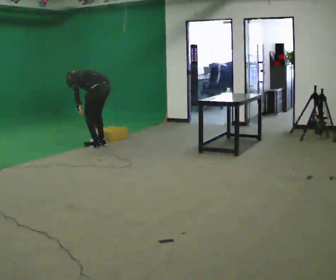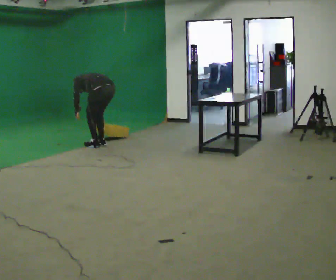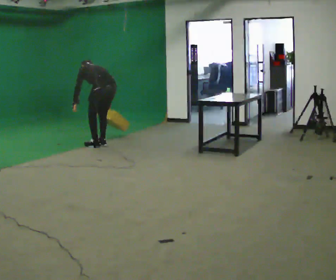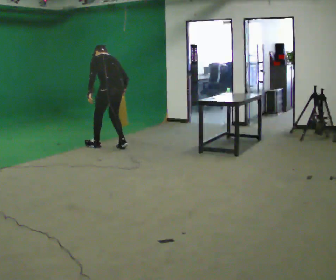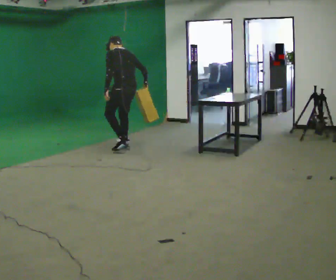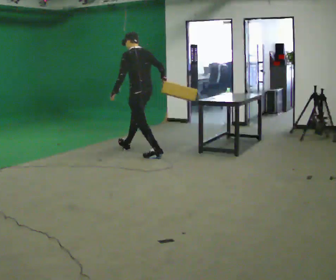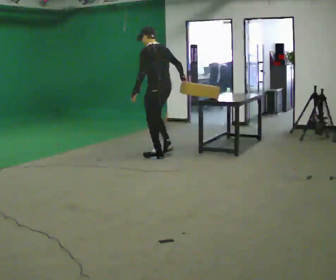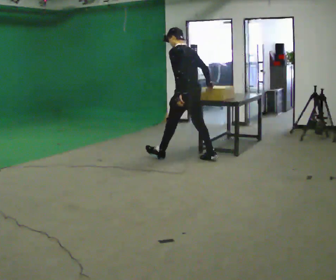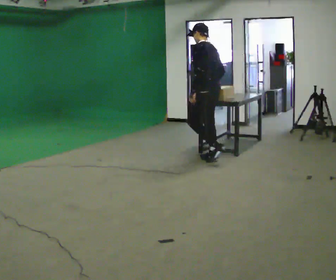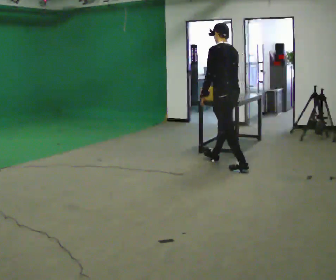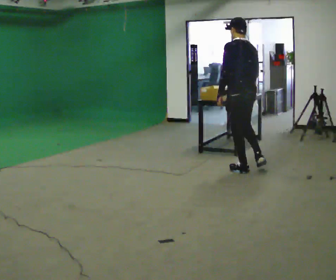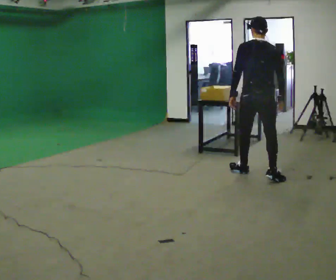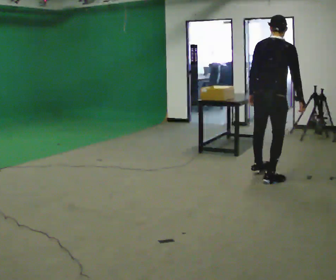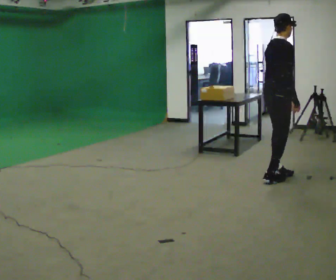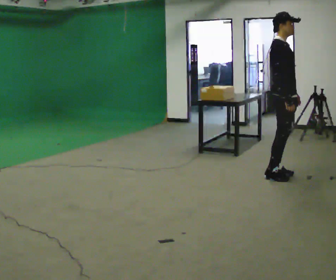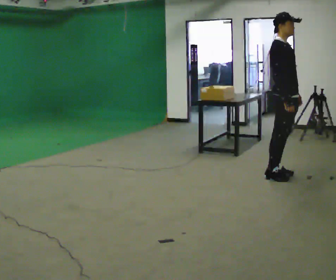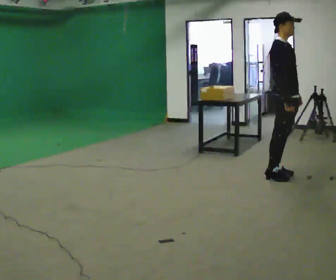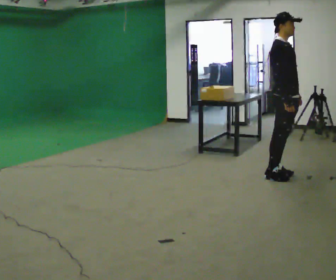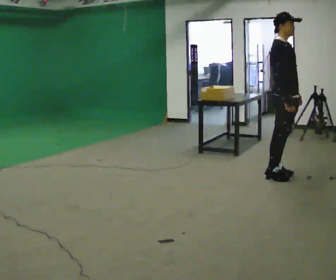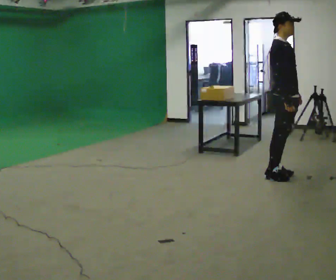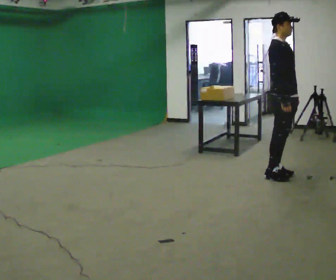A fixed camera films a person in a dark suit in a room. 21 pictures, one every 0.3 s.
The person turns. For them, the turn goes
to their right.
The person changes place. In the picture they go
to the right.
0.0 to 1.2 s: In the picture they go to the right, about 0.5 m in 2 steps, which for them is backward. In the picture the upper body tilts clockwise, shoulders to the right, as they lean back or straighten.
1.2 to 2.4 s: In the picture they go to the right, about 1.5 m in 2 steps, which for them is backward.
2.4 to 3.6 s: Seen from above the body turns clockwise, about 90 degrees: to their right, with its near side sliding to the left. In the picture they go to the right and toward the camera, about 1 m in 2 steps. In the picture the upper body tilts clockwise, shoulders to the right.
3.6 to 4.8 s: Seen from above the body turns clockwise, about 90 degrees: to their right, with its near side sliding to the left. In the picture they go to the right, about 0.25 m in 1 step. In the picture their left hand goes to the right, the arm swinging counterclockwise.
4.8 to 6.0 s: The person moves a little, or ends about where they began.
The film runs backward here.
